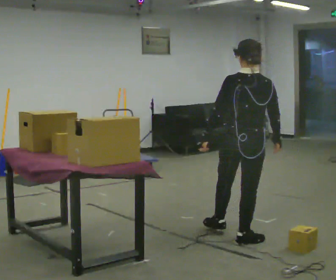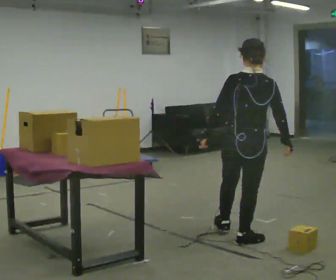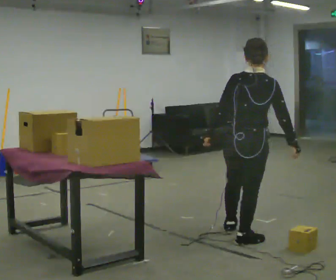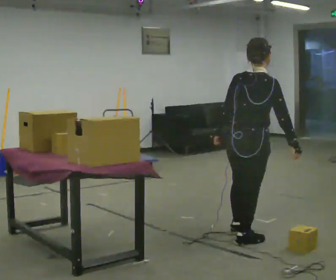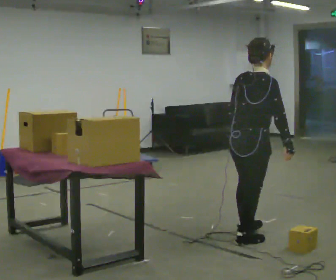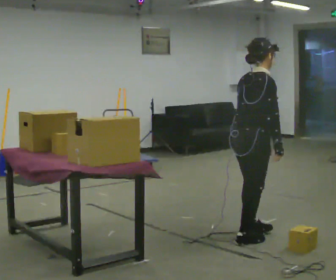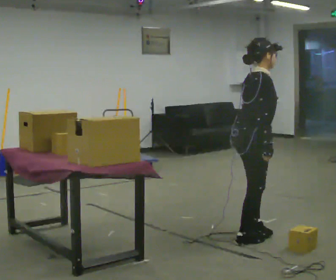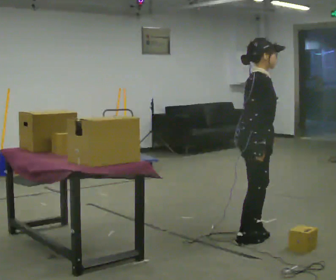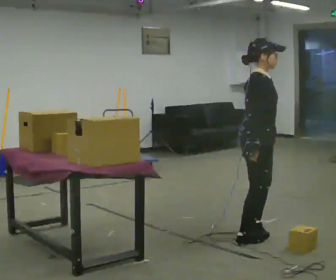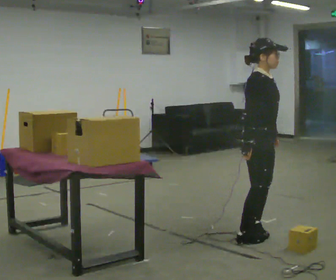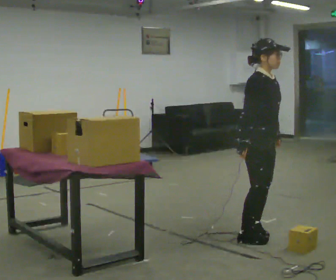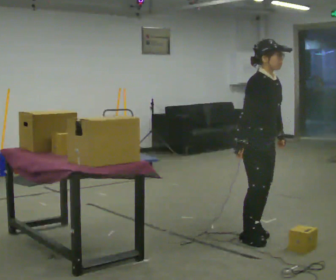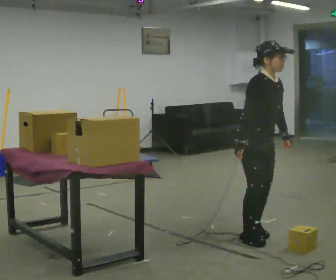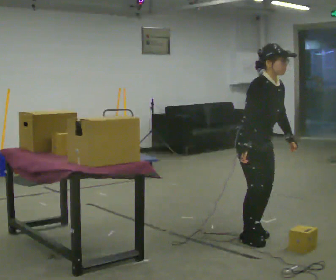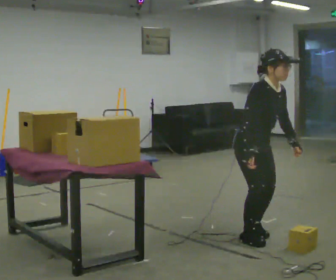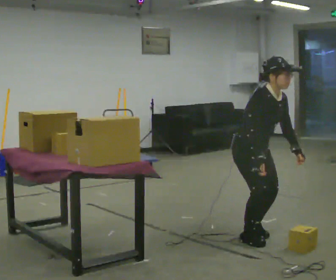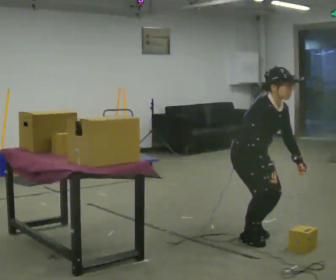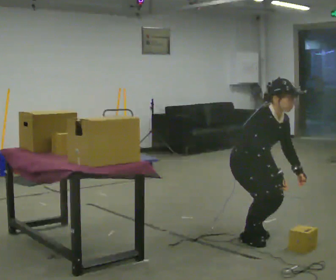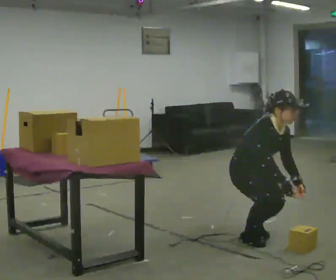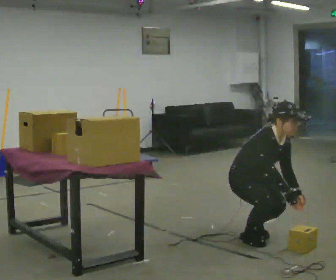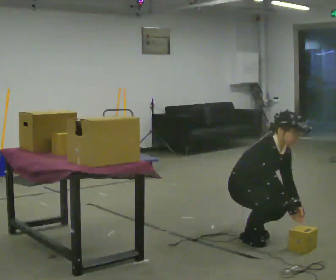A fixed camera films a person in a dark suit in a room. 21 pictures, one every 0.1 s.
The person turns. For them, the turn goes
to their right.
Their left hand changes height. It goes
downward.
0.0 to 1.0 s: Seen from above the body turns clockwise, about 105 degrees: to their right, with its near side sliding to the left. In the picture their left hand goes to the right, the arm swinging counterclockwise.
1.0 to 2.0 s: The shoulders move downward. In the picture the upper body tilts clockwise, shoulders to the right, as they bend forward. In the picture their right hand goes downward and to the right.
The film runs backward here.
